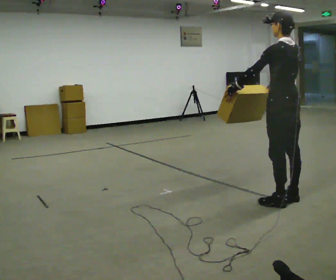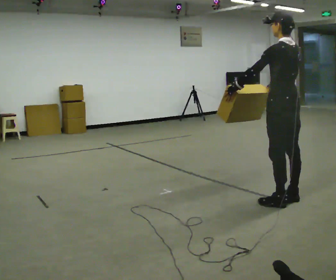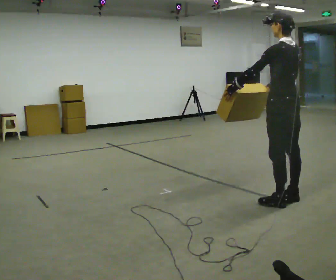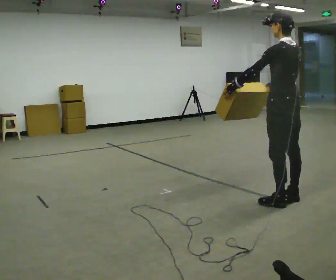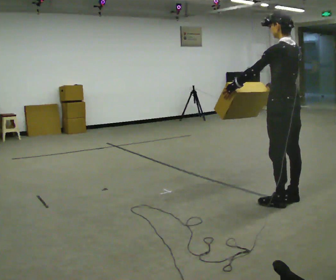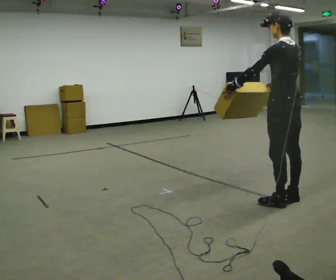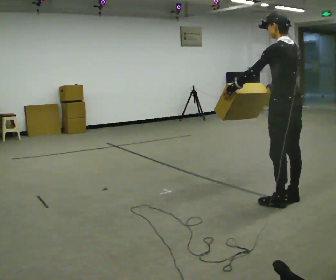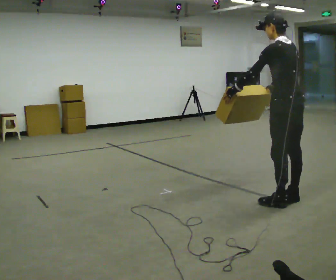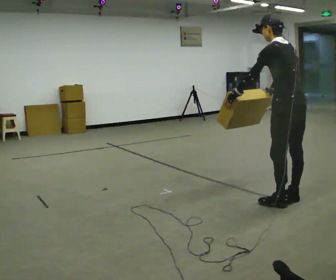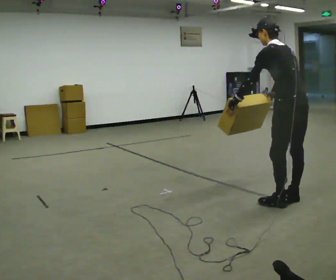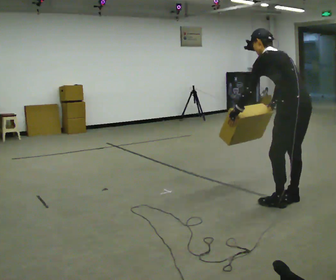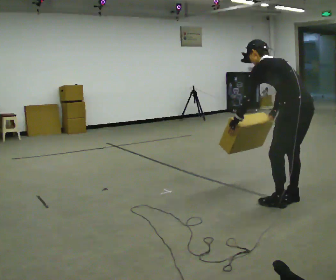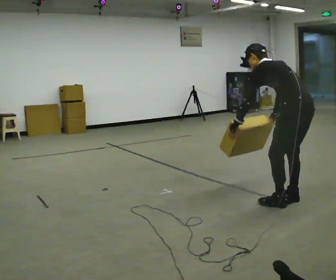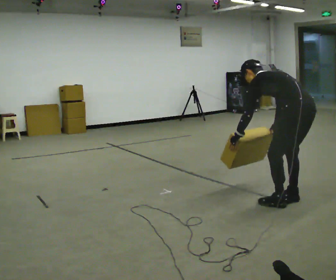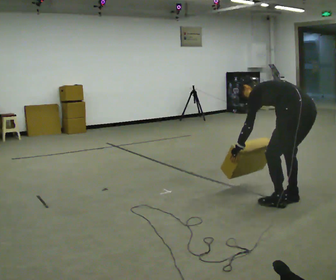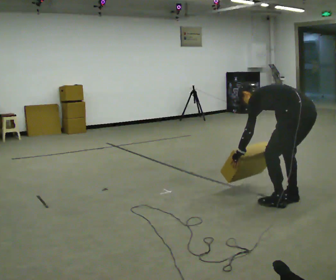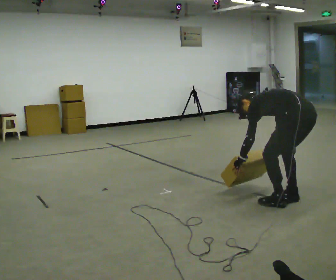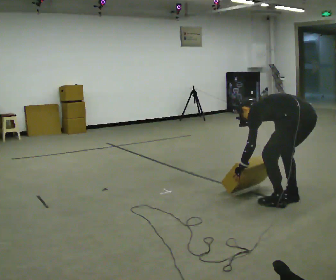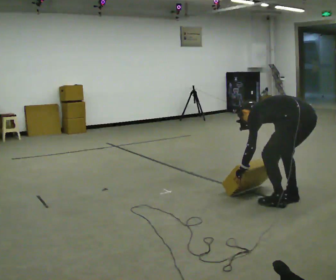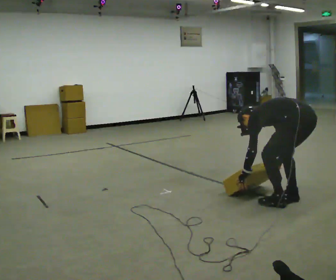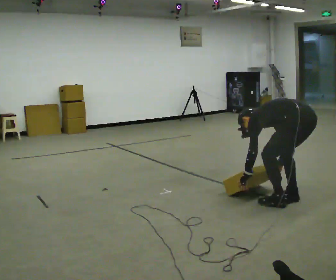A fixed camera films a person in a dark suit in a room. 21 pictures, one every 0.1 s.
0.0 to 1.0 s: In the picture the upper body tilts counterclockwise, shoulders to the left, as they bend forward.
1.0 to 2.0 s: The shoulders move downward. In the picture the upper body tilts counterclockwise, shoulders to the left, as they bend forward. In the picture their right hand goes downward.
The film runs backward here.
